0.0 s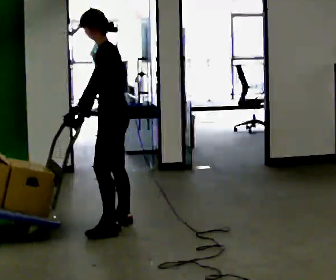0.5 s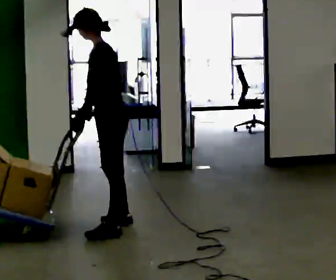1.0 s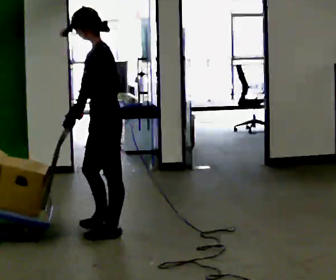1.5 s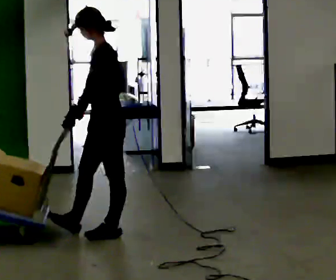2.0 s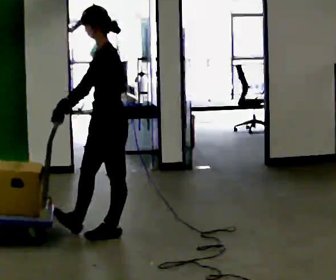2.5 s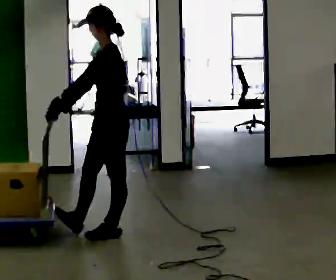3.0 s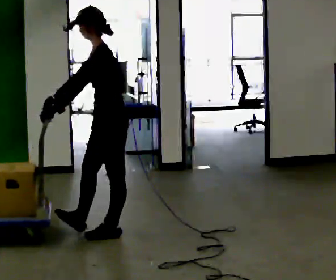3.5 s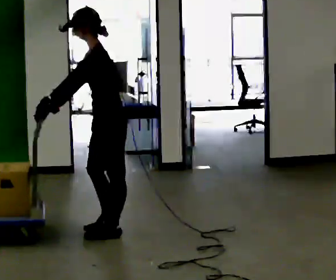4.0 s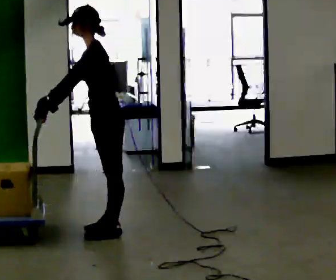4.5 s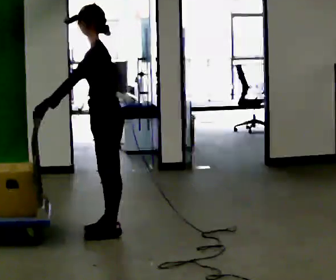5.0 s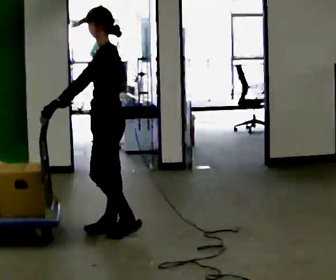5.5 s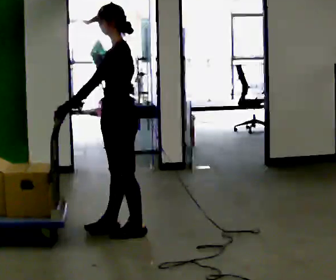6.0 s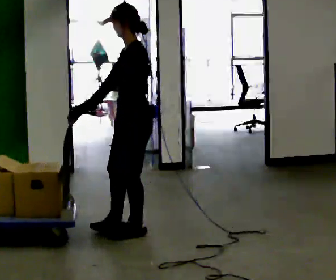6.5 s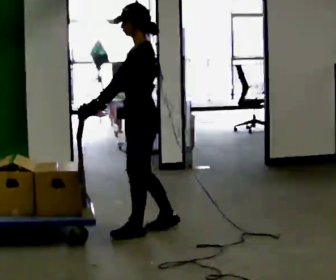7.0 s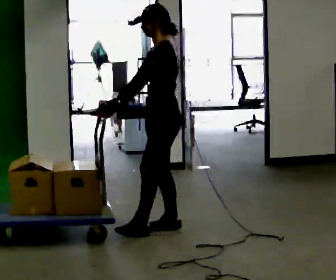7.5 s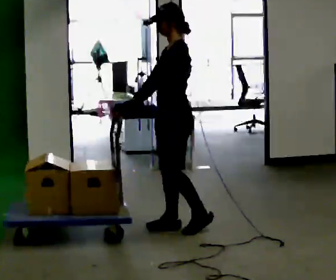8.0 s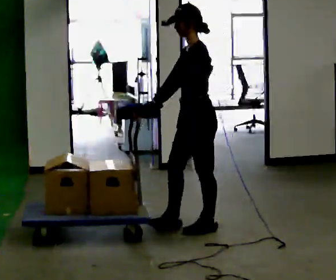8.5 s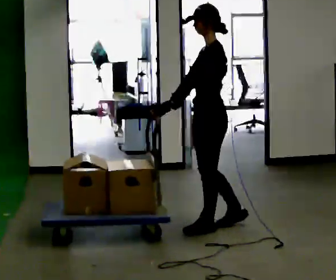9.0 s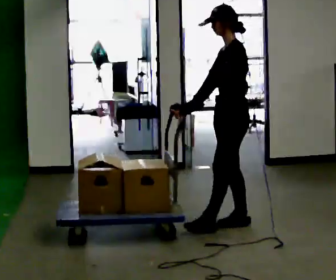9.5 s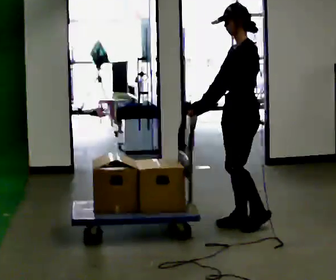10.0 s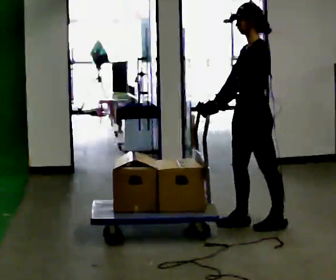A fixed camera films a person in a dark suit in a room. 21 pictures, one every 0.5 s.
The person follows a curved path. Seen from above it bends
counterclockwise.
The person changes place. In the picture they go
to the right.
0.0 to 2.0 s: In the picture they go toward the camera, about 0.25 m in 1 step, which for them is to their left.
2.0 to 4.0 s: The person moves a little, or ends about where they began.
4.0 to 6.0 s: In the picture they go to the right, about 0.25 m in 2 steps, which for them is backward. In the picture the upper body tilts clockwise, shoulders to the right, as they lean back or straighten.
6.0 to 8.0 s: In the picture they go to the right, about 0.5 m in 1 step, which for them is backward.
8.0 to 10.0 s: In the picture they go to the right, about 0.5 m in 2 steps, which for them is backward.
The film runs backward here.
